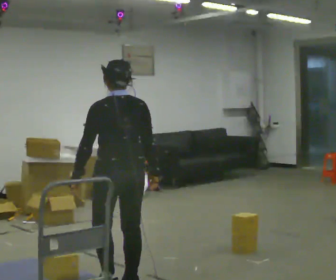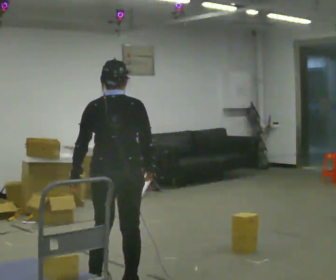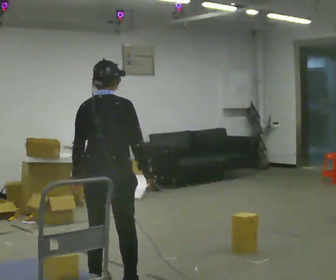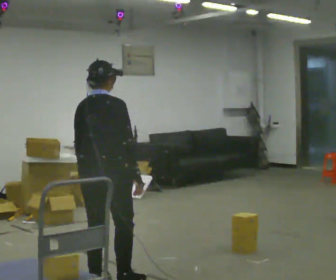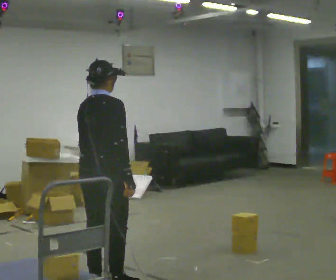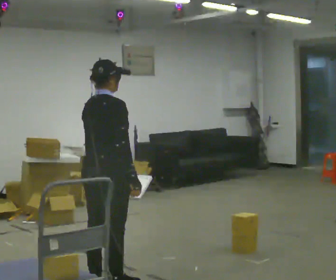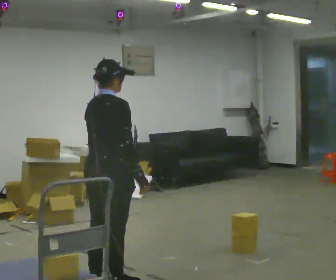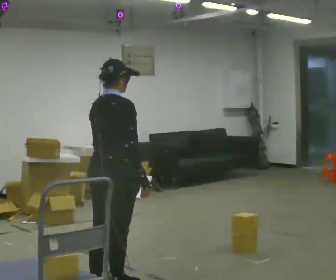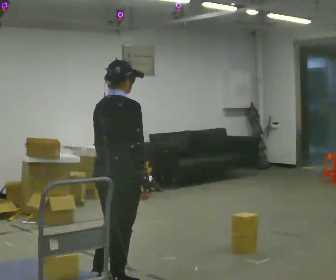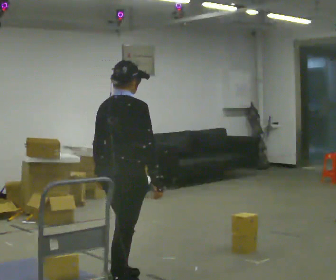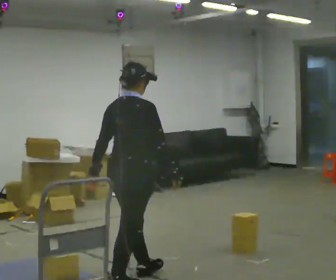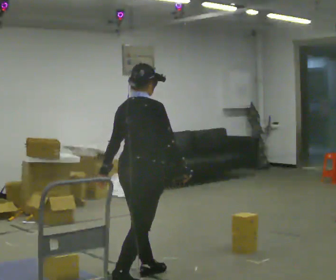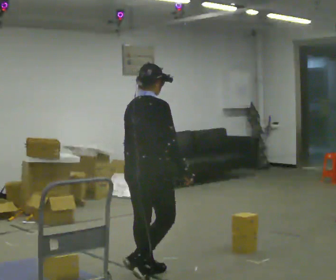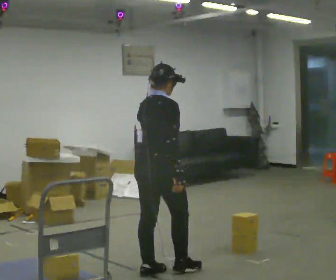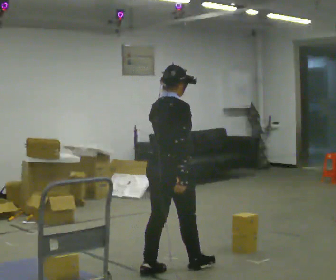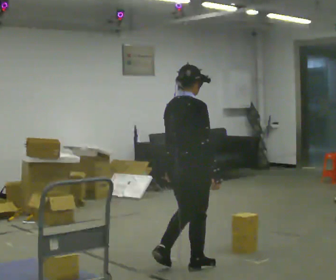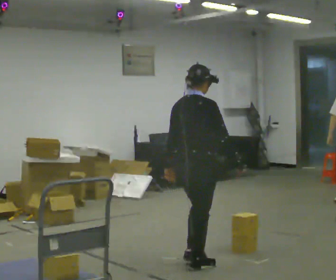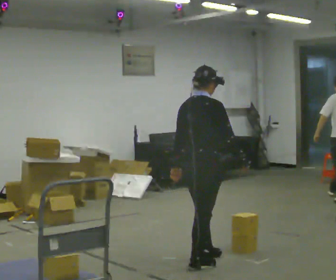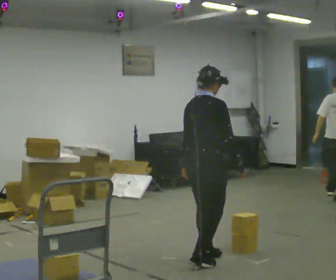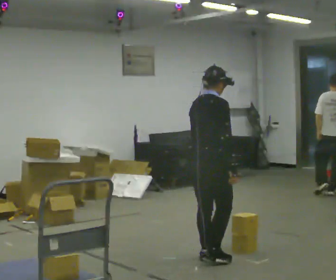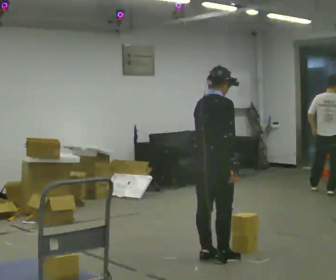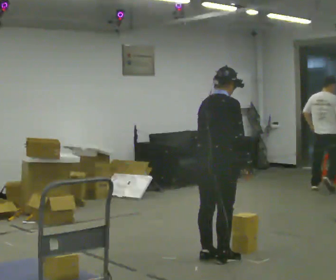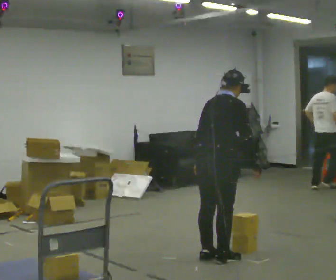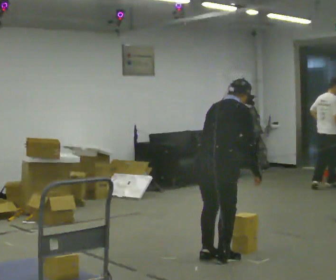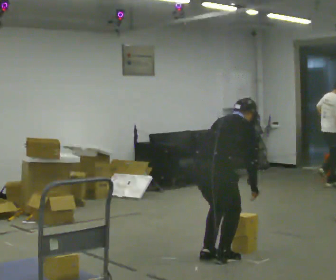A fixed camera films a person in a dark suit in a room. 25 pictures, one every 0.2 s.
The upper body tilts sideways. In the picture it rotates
clockwise.
0.0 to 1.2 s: Seen from above the body turns clockwise, about 75 degrees: to their right, with its near side sliding to the left.
1.2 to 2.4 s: In the picture they go to the right and away from the camera, about 0.5 m in 1 step, which for them is forward.
2.4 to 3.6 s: In the picture they go to the right and away from the camera, about 0.5 m in 2 steps, which for them is forward.
3.6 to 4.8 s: The upper body goes downward. In the picture the upper body tilts clockwise, shoulders to the right, as they bend forward.
The film runs forward here.
